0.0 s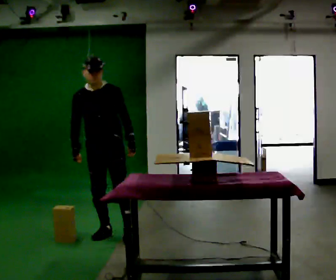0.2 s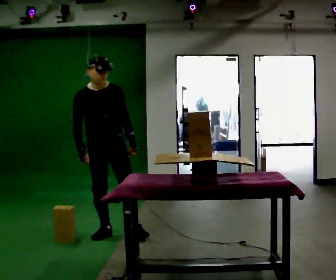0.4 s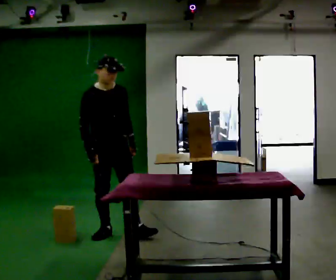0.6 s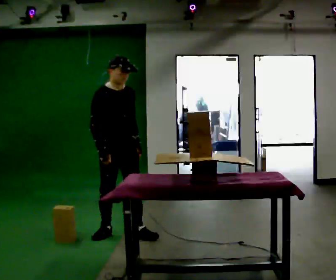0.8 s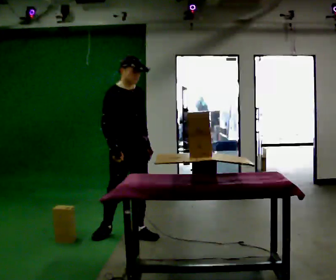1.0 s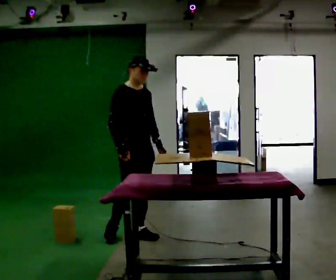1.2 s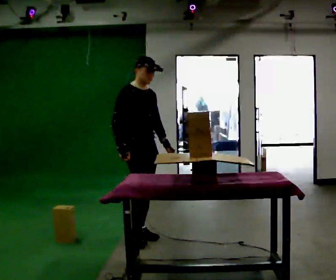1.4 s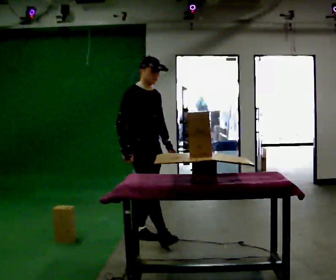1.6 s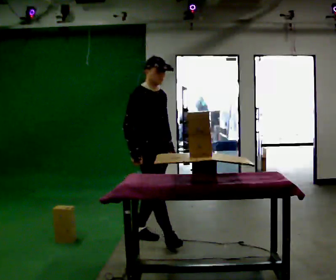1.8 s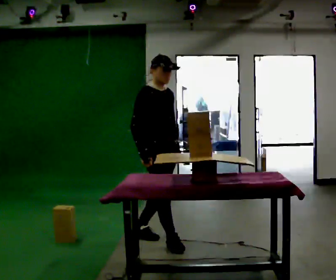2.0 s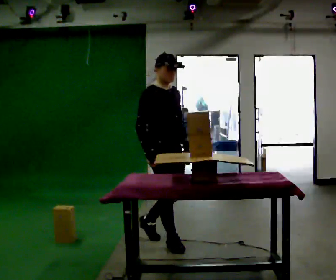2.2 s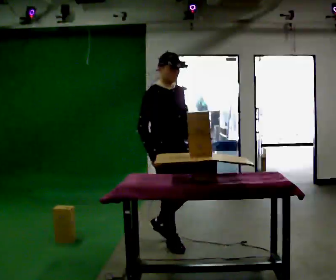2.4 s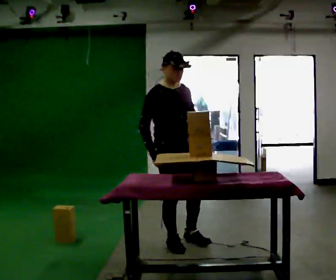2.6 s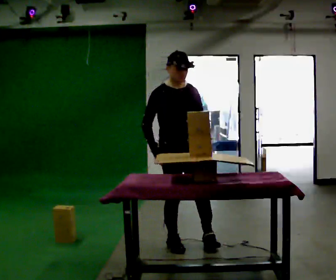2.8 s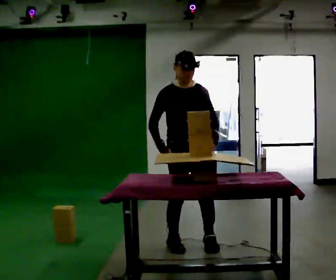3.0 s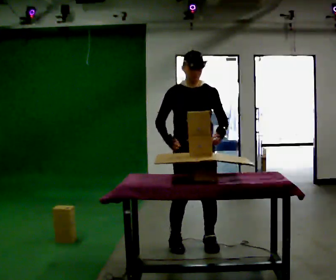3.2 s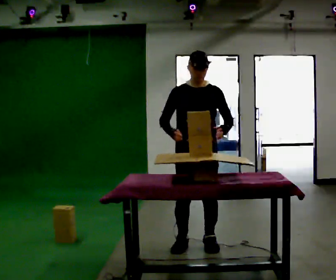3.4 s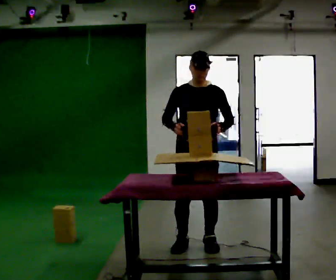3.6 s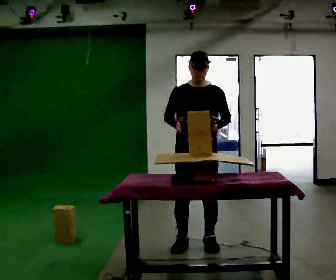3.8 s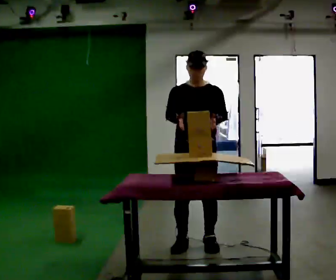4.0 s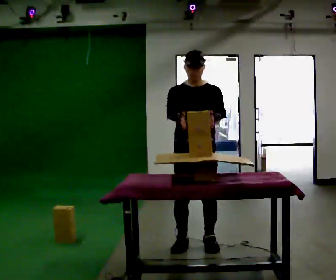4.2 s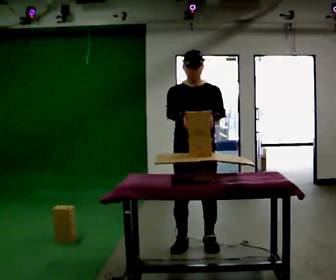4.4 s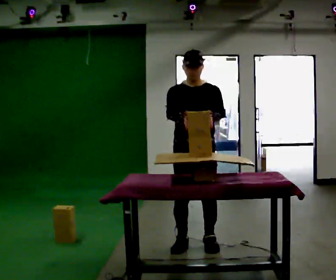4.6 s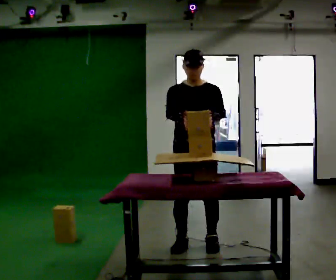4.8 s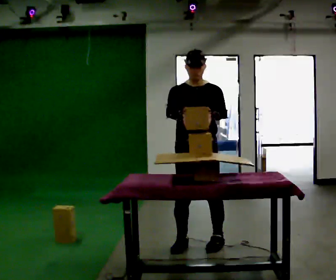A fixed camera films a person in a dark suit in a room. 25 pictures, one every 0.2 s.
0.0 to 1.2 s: Seen from above the body turns counterclockwise, about 60 degrees: to their left, with its near side sliding to the right. In the picture they go to the right, about 0.25 m in 1 step, which for them is forward and to their left.
1.2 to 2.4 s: In the picture they go to the right and toward the camera, about 0.5 m in 1 step, which for them is forward.
2.4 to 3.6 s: The part of the body nearest the lens slides to the left as the person turns to their right by about 45 degrees. In the picture they go to the right, about 0.25 m in 2 steps, which for them is to their left.
3.6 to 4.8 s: The person moves a little, or ends about where they began.
The film runs forward here.
